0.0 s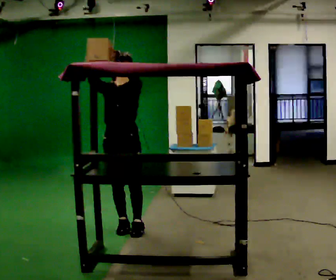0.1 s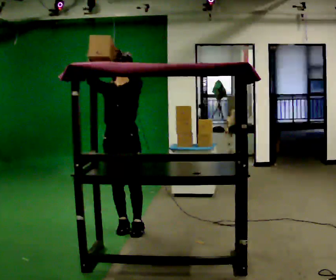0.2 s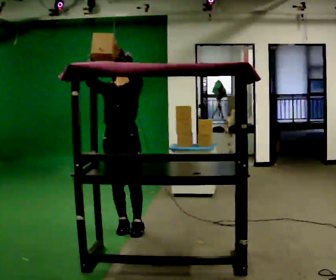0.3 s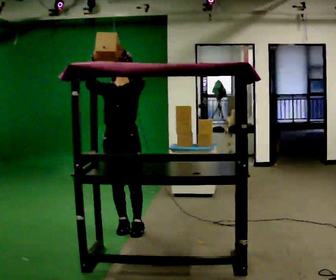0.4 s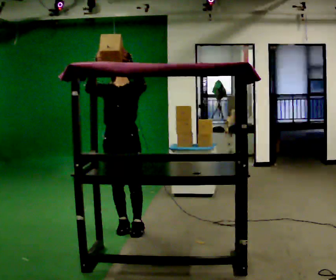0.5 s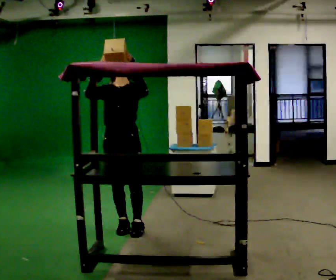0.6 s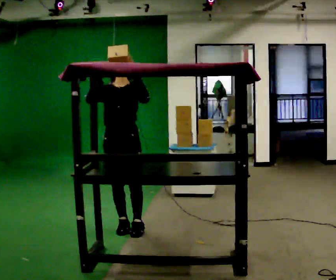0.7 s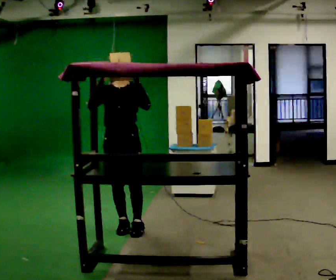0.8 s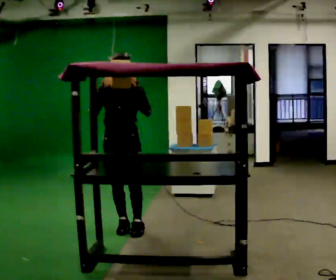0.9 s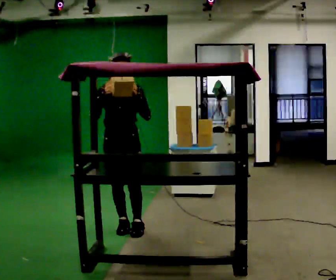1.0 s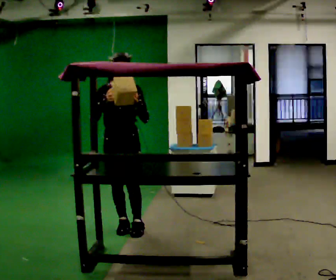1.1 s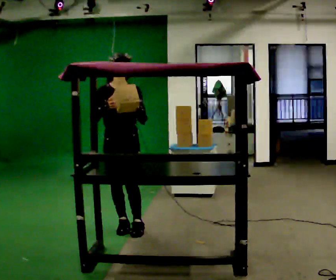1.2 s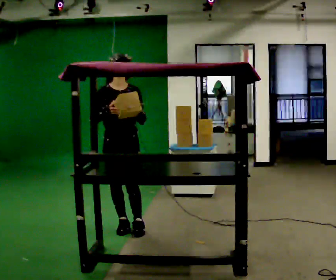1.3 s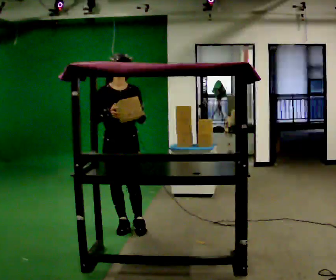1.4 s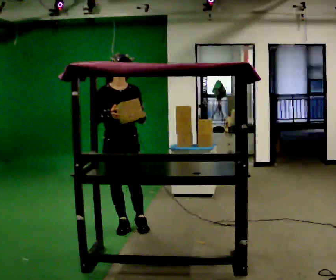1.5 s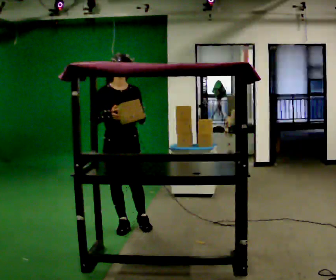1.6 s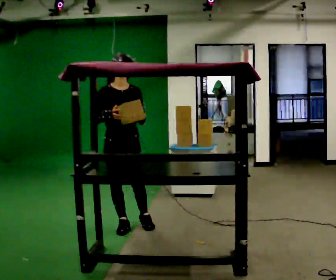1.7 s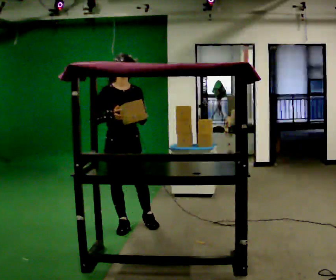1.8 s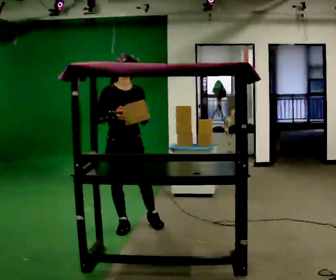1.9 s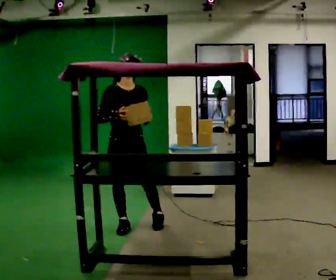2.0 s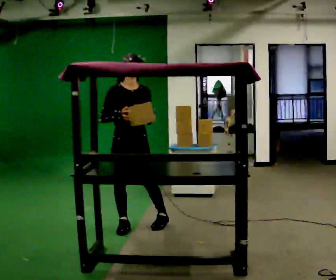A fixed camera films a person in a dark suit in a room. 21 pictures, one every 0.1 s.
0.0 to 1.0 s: In the picture their left hand goes downward.
1.0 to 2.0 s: The person moves a little, or ends about where they began.
The film runs forward here.
